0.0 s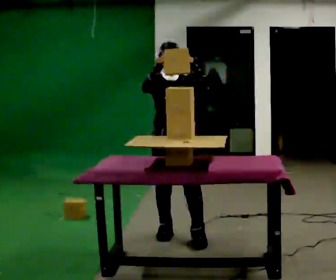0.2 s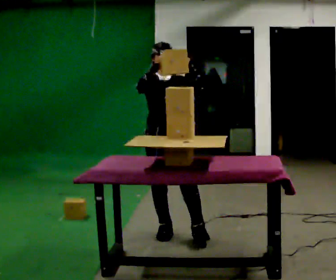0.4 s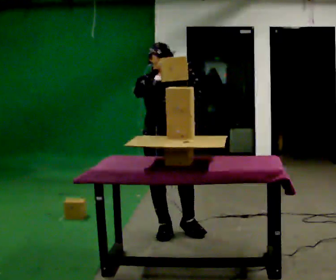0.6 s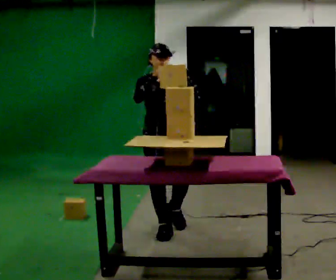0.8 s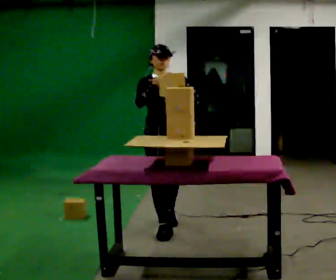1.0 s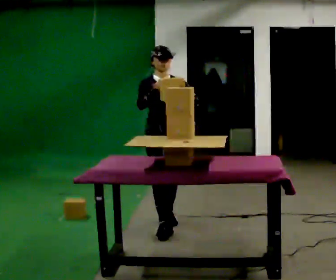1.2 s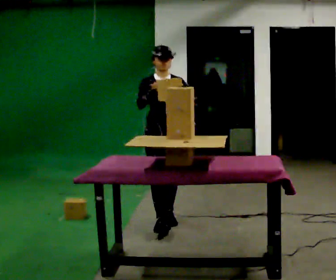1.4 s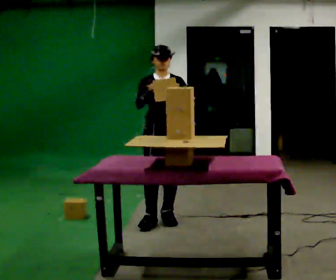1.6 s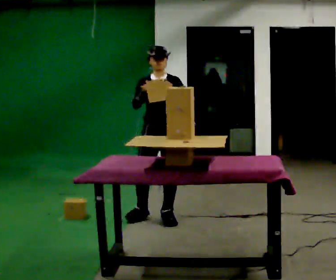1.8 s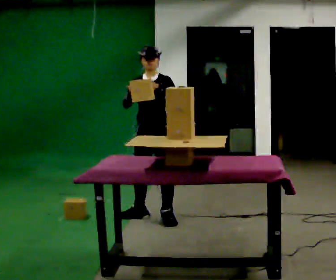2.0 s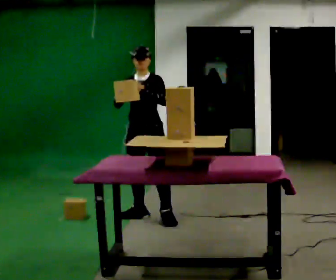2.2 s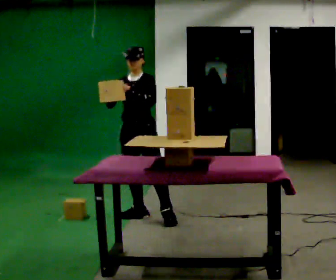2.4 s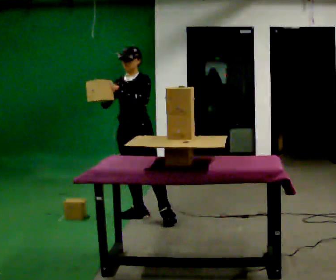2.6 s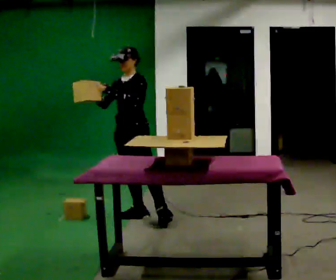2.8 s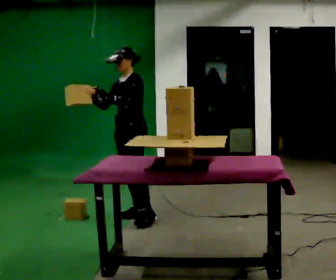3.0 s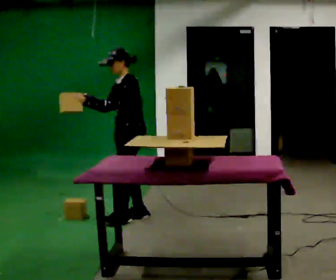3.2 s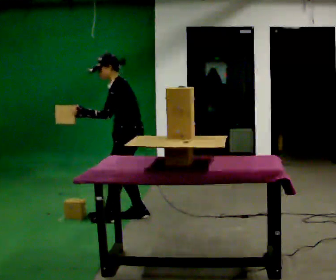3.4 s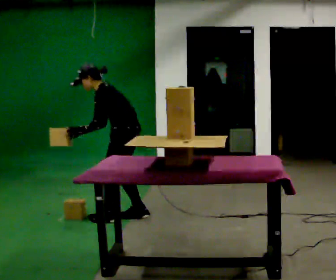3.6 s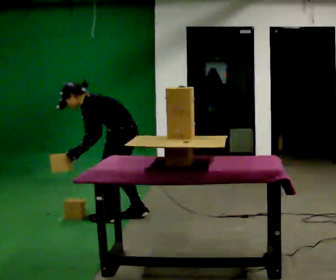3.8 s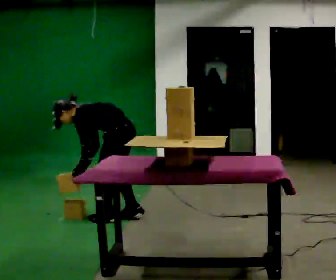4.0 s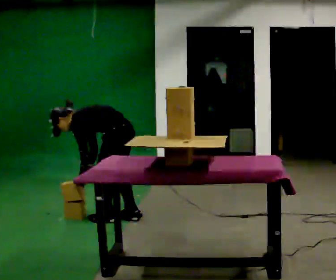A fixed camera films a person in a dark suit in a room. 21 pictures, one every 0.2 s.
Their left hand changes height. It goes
downward.
The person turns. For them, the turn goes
to their right.
0.0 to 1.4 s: In the picture they go away from the camera, about 0.5 m in 2 steps, which for them is backward.
1.4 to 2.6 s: The part of the body nearest the lens slides to the left as the person turns to their right by about 45 degrees. In the picture they go to the left and away from the camera, about 0.25 m in 1 step, which for them is to their right.
2.6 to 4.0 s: The part of the body nearest the lens slides to the left as the person turns to their right by about 60 degrees. The upper body goes downward. In the picture the upper body tilts counterclockwise, shoulders to the left, as they bend forward. In the picture their right hand goes downward, the arm swinging counterclockwise.
The film runs backward here.
